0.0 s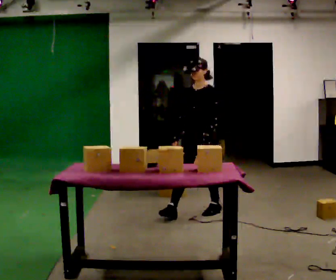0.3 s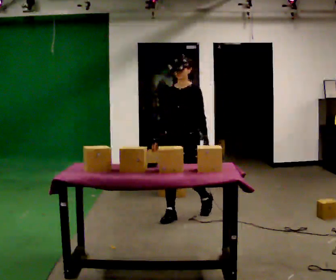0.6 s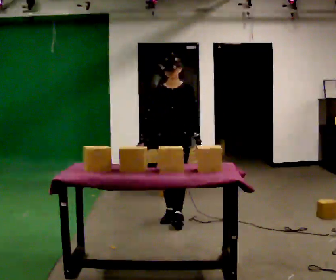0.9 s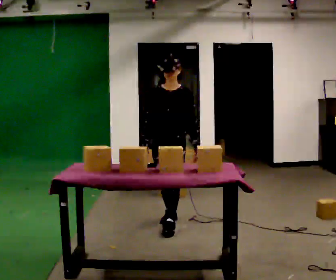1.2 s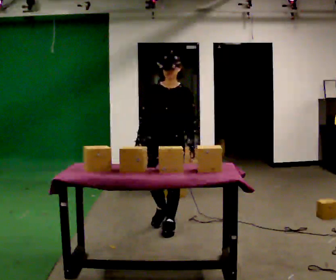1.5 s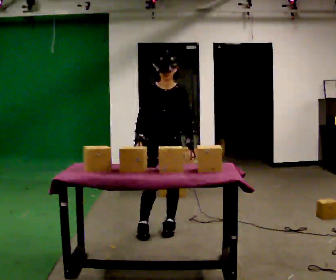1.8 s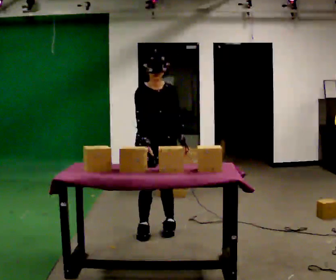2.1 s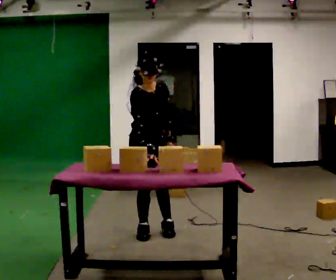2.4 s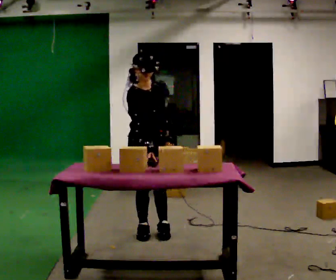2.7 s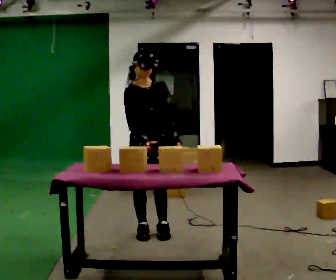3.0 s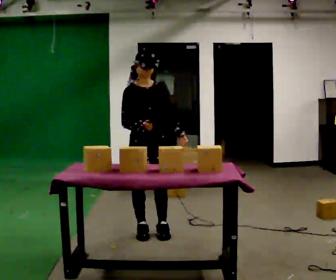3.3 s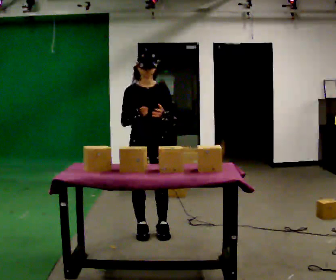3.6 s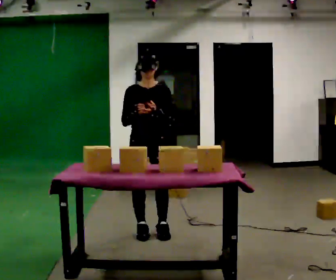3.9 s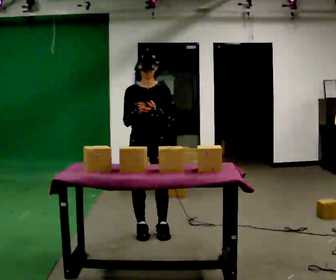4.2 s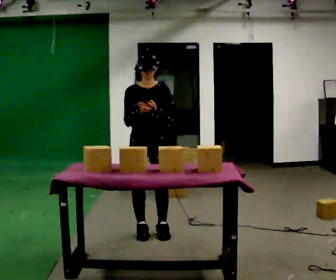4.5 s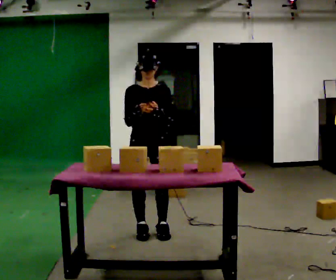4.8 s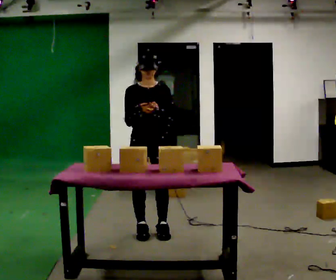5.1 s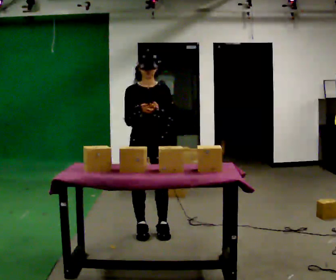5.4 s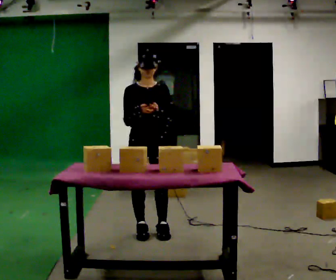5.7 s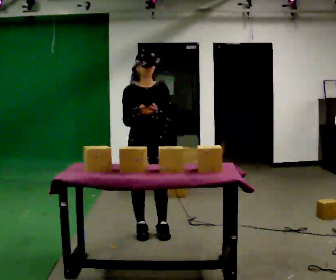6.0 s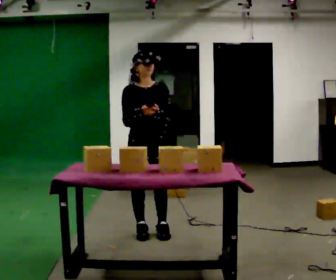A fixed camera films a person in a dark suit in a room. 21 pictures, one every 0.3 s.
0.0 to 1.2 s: The person turns about 30 degrees to their left, counterclockwise seen from above, so the part of the body nearest the lens slides to the right. In the picture they go toward the camera and to the left, about 0.5 m in 2 steps, which for them is forward.
1.2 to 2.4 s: The part of the body nearest the lens slides to the right as the person turns to their left by about 45 degrees. In the picture they go to the left and toward the camera, about 0.25 m in 1 step, which for them is to their right.
2.4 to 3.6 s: Seen from above the body turns clockwise, about 30 degrees: to their right, with its near side sliding to the left. The upper body tips away from the camera, its near side rolling upward, as they lean back or straighten.
3.6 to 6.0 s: The person moves a little, or ends about where they began.
The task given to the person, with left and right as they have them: 1. Look at the photo the operator gives you. 2. Put the room back the way it looks in the photo. 3. Tell the operator when you are finished.
The film runs forward here.
